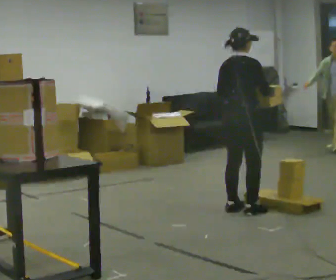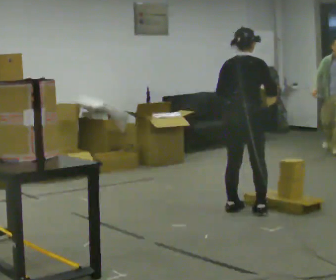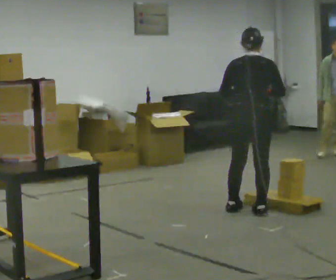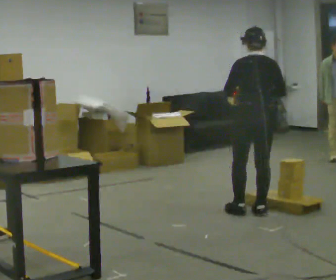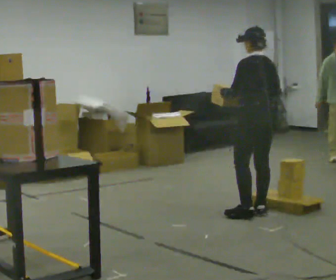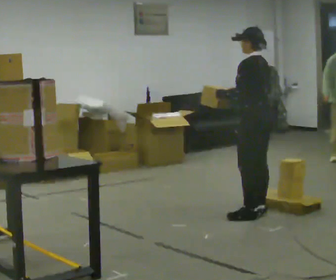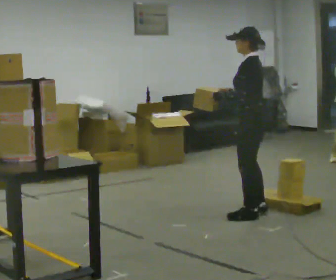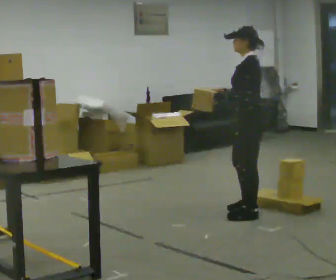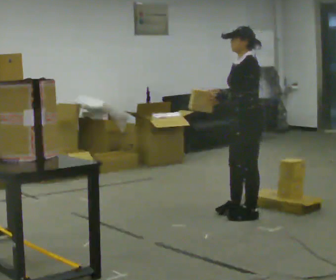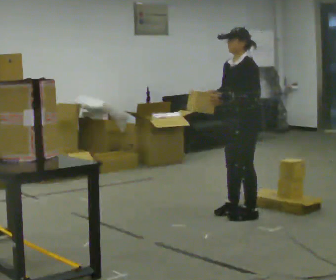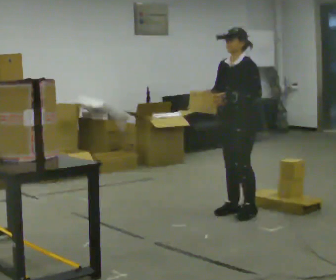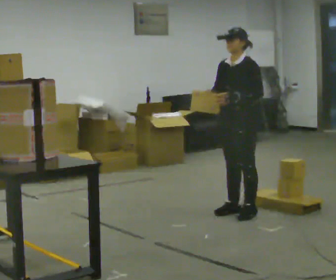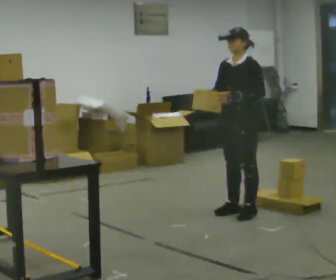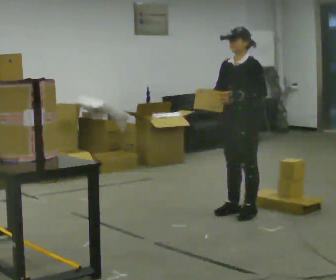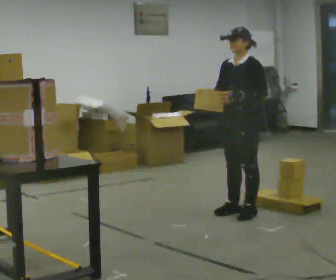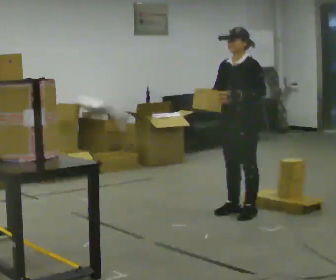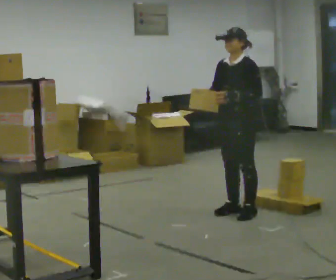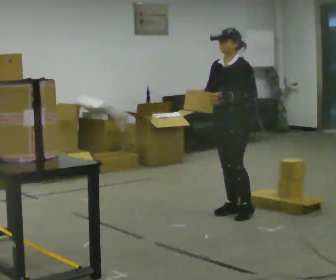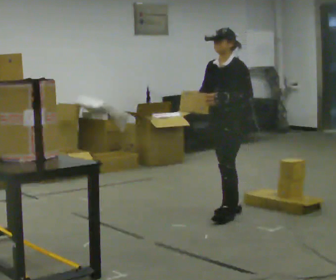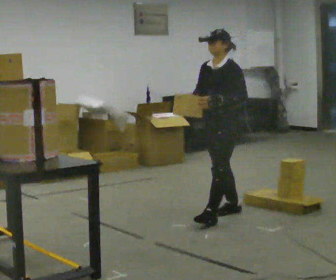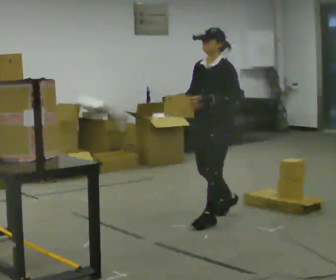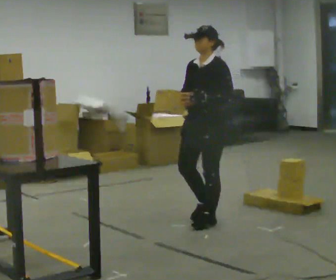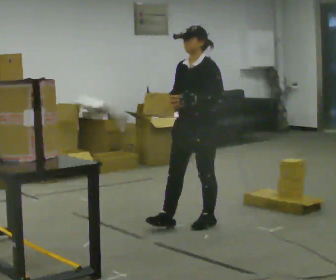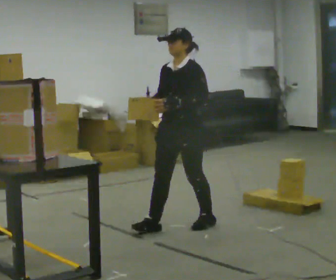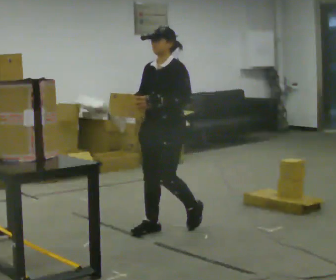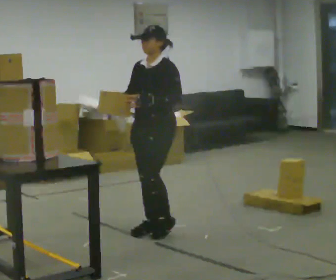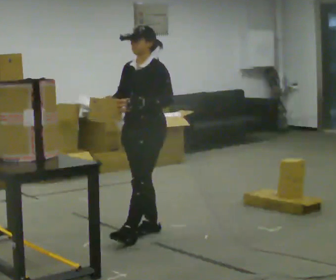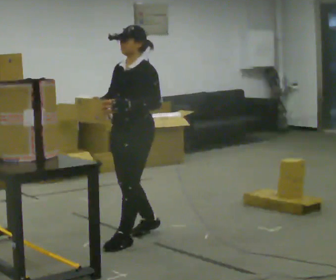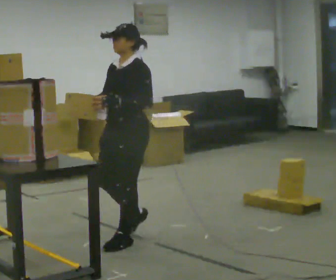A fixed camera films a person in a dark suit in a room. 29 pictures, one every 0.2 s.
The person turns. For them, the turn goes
to their left.
The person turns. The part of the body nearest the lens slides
to the right.
0.0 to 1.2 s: The person turns about 120 degrees to their left, counterclockwise seen from above, so the part of the body nearest the lens slides to the right. In the picture they go toward the camera, about 0.25 m in 1 step.
1.2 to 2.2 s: The part of the body nearest the lens slides to the right as the person turns to their left by about 60 degrees.
2.2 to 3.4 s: The person moves a little, or ends about where they began.
3.4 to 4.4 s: In the picture they go toward the camera and to the left, about 0.5 m in 1 step, which for them is forward.
4.4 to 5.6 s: In the picture they go to the left and toward the camera, about 0.75 m in 2 steps, which for them is forward.
The film runs forward here.
